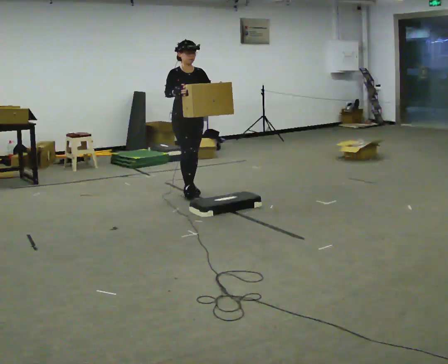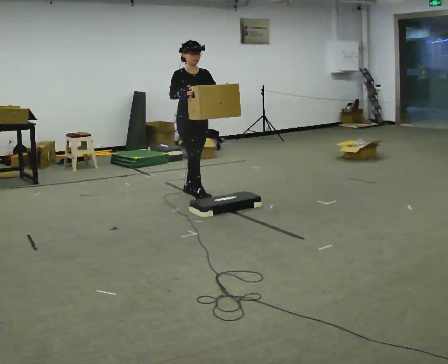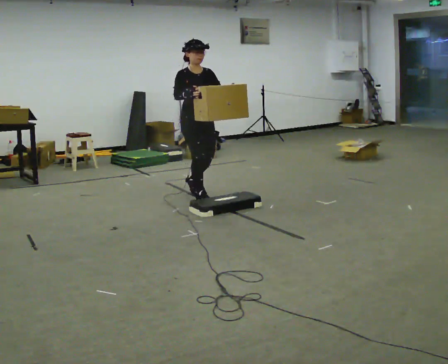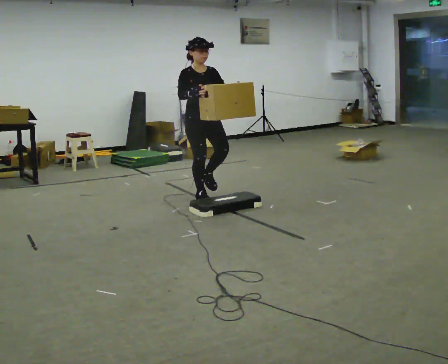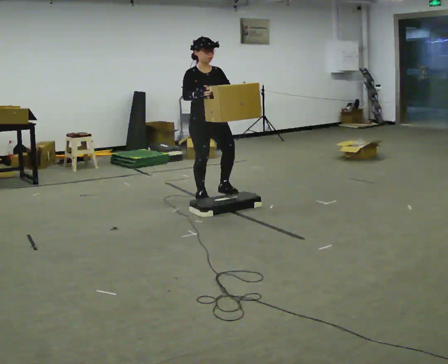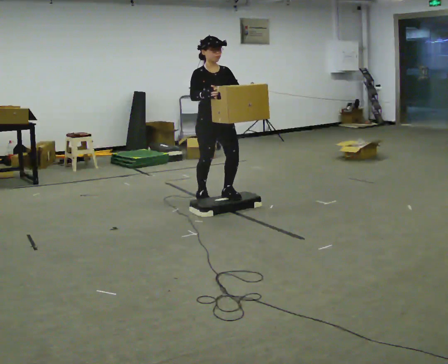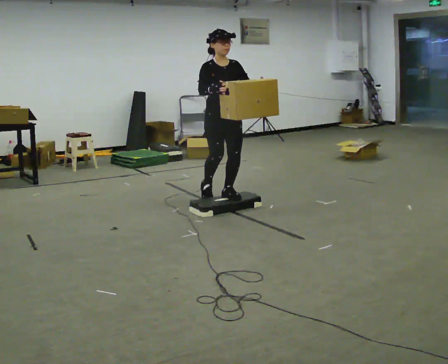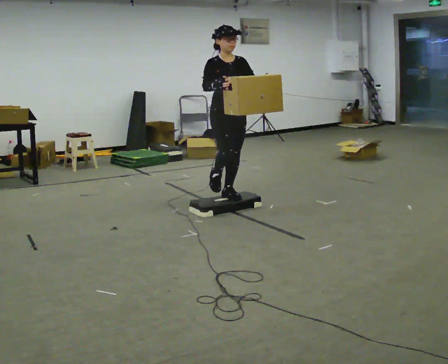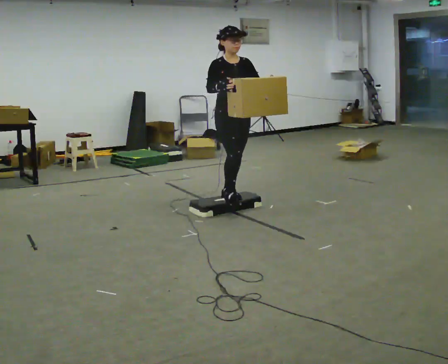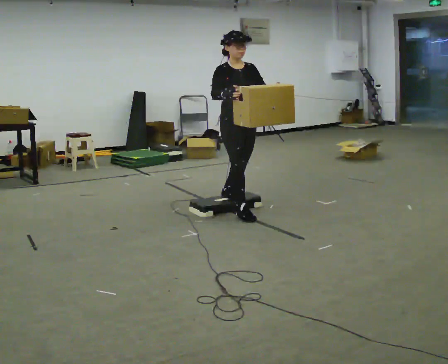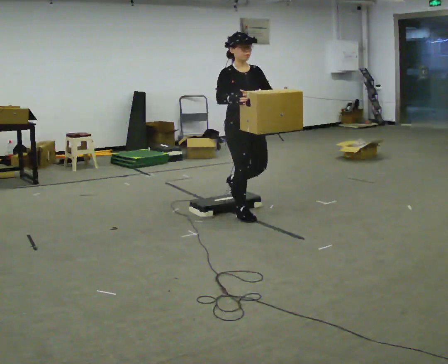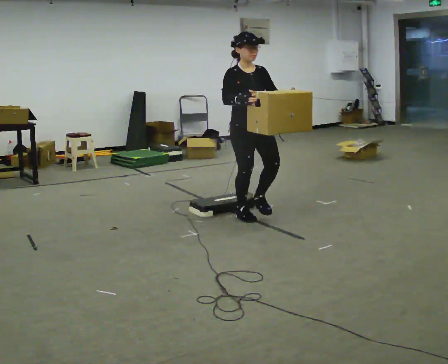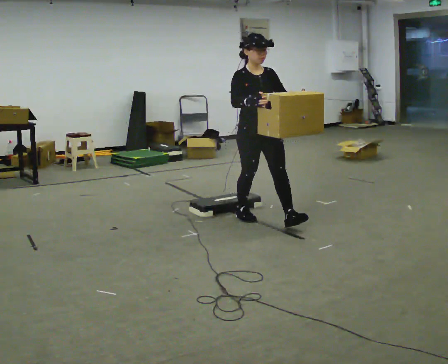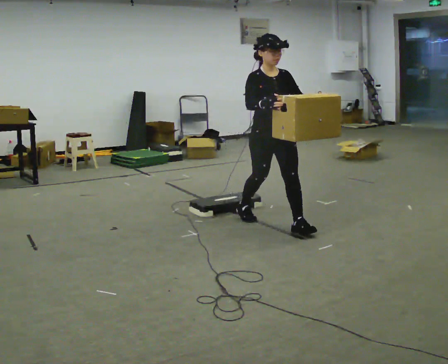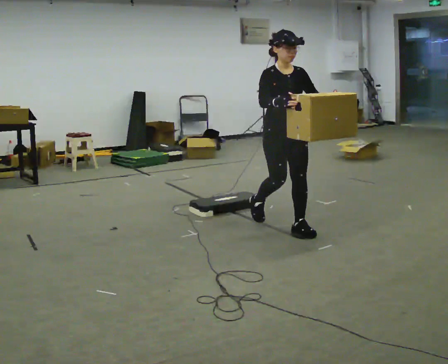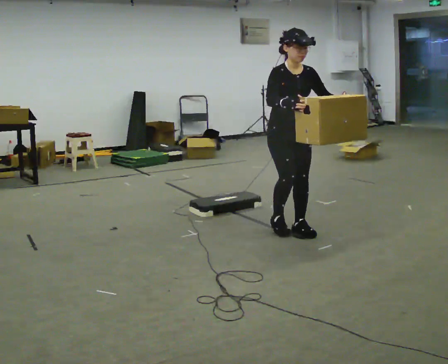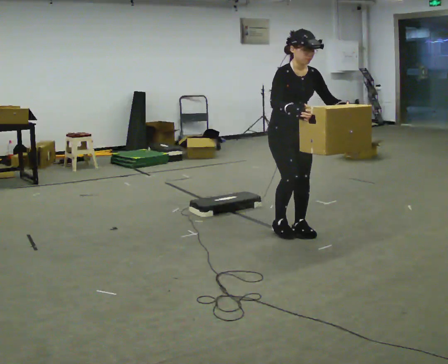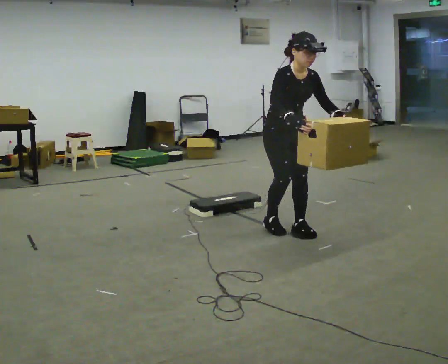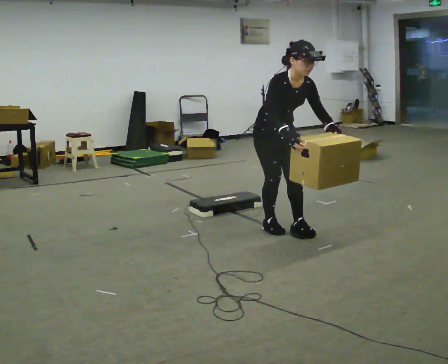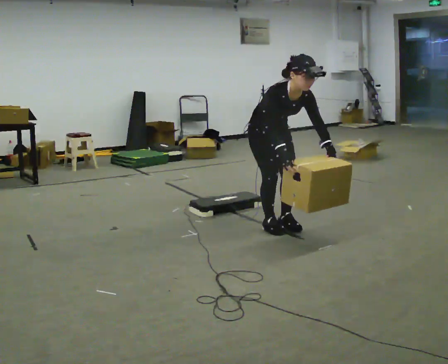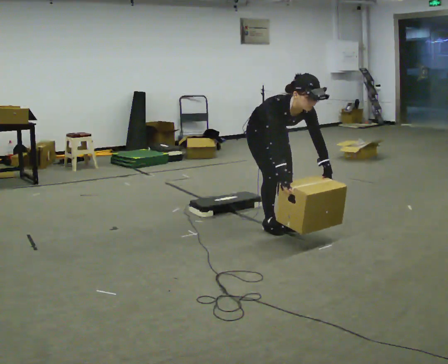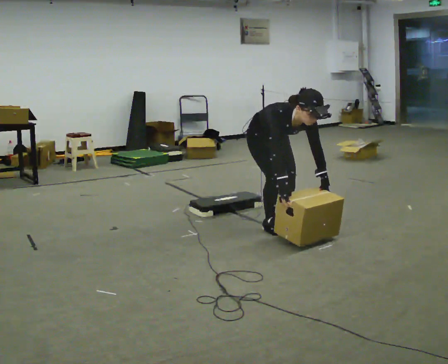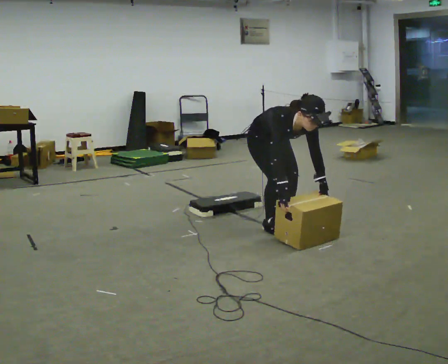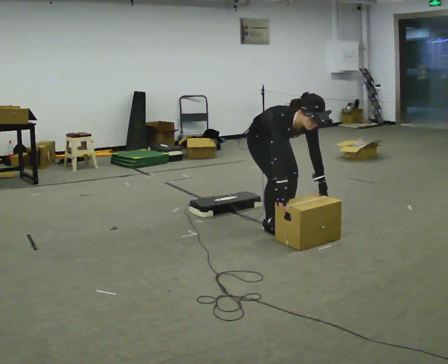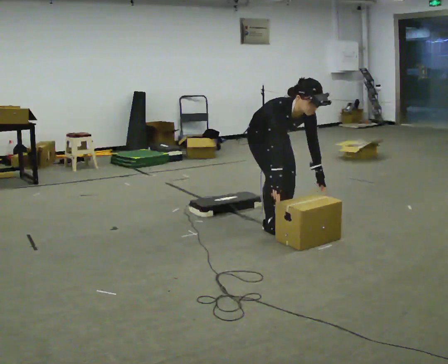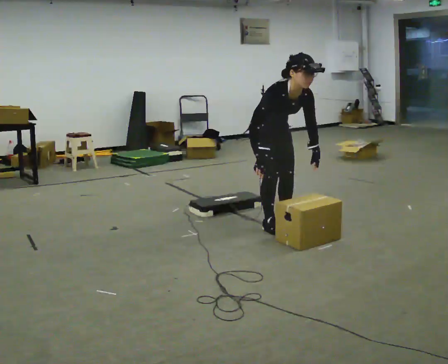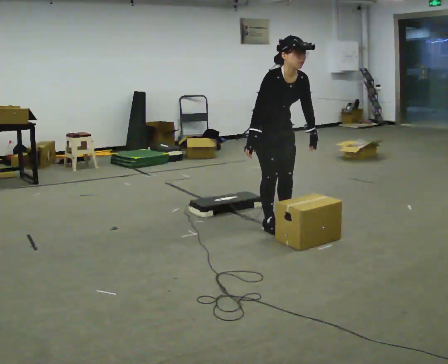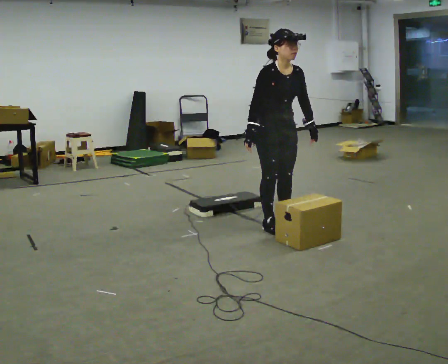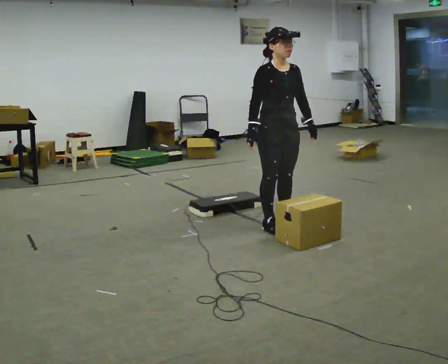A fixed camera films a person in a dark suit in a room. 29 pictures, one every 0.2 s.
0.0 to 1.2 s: In the picture they go toward the camera and to the right, about 0.75 m in 2 steps, which for them is forward.
1.2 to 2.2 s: In the picture they go toward the camera and to the right, about 0.5 m in 1 step, which for them is forward.
2.2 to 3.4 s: In the picture they go toward the camera and to the right, about 0.5 m in 2 steps, which for them is forward. In the picture the upper body tilts clockwise, shoulders to the right, as they bend forward.
3.4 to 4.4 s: The upper body goes downward. The upper body tips toward the camera, its near side rolling downward, as they bend forward. In the picture their right hand goes downward.
4.4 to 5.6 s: The shoulders move upward. The upper body tips away from the camera, its near side rolling upward, as they lean back or straighten. In the picture their right hand goes upward.
The film runs forward here.
